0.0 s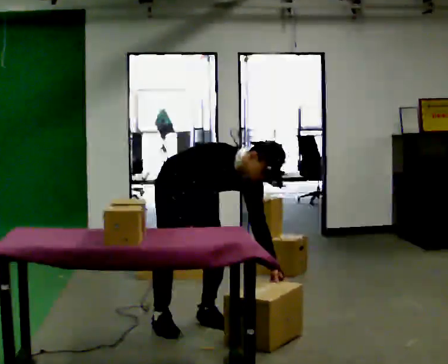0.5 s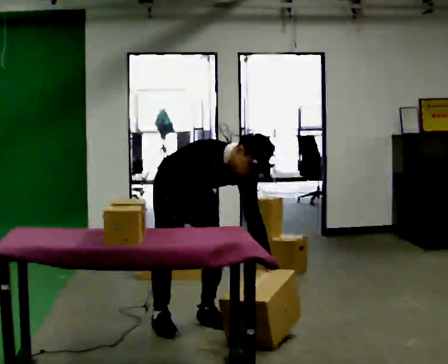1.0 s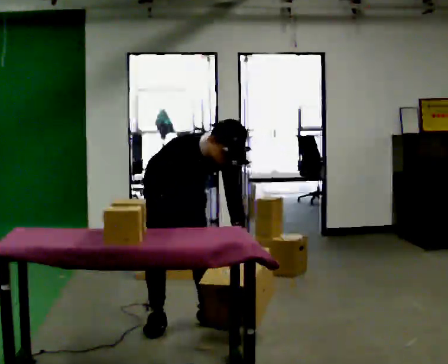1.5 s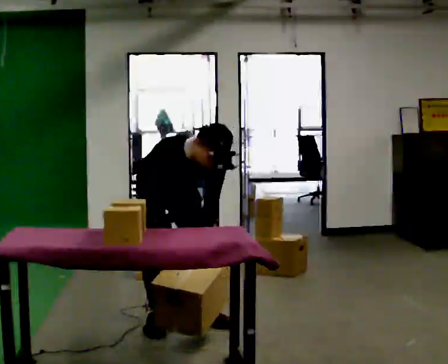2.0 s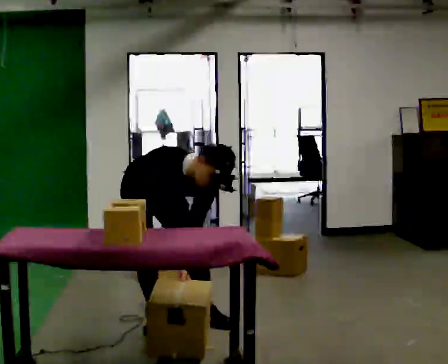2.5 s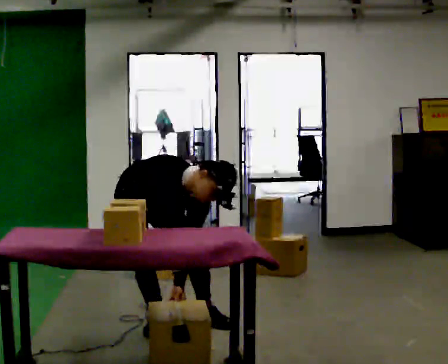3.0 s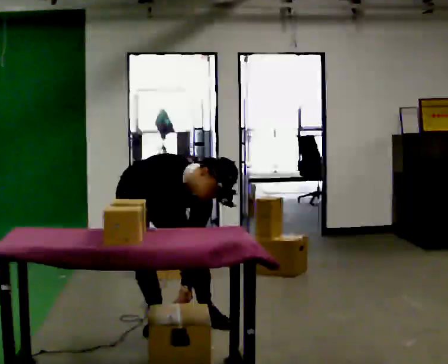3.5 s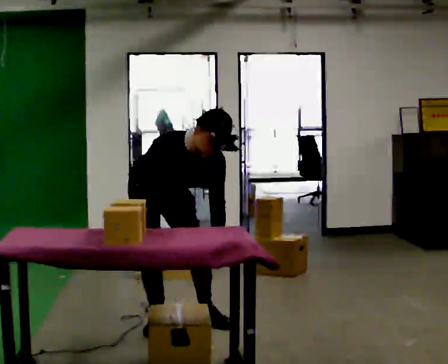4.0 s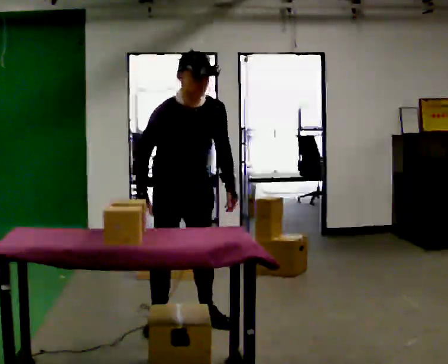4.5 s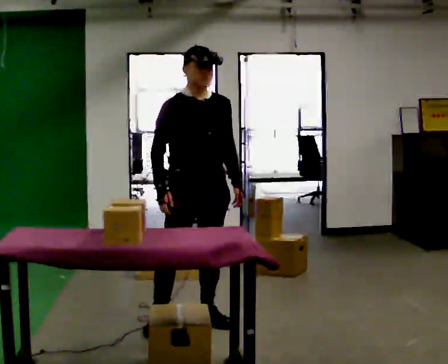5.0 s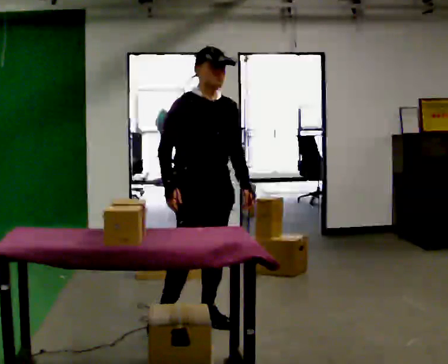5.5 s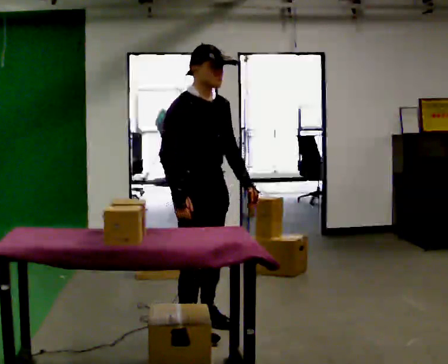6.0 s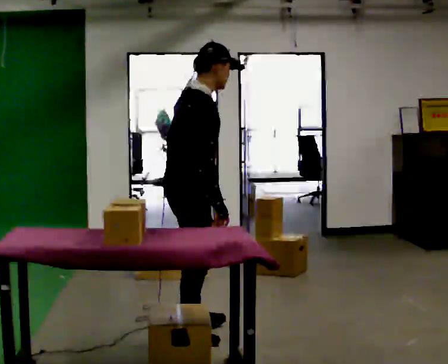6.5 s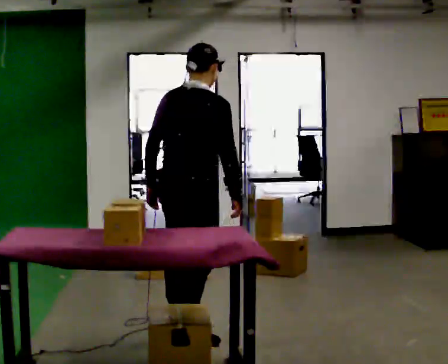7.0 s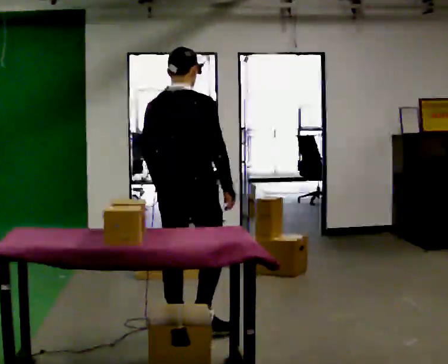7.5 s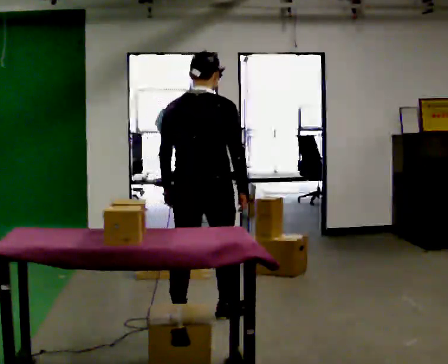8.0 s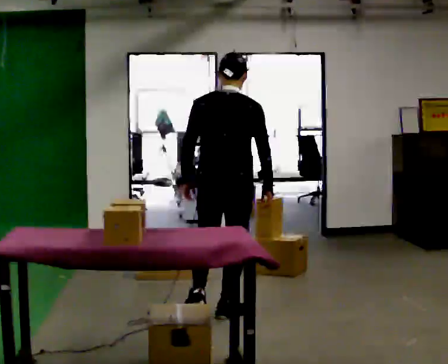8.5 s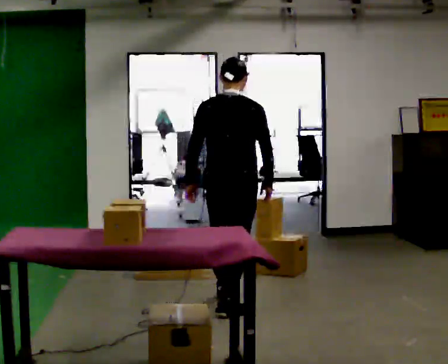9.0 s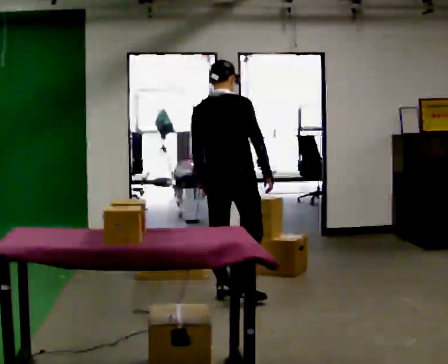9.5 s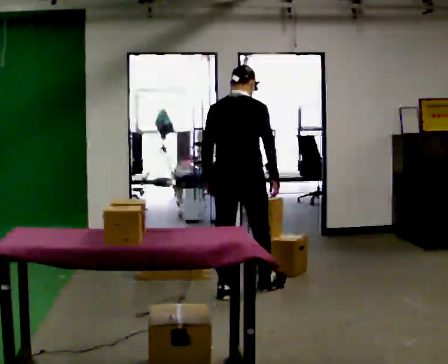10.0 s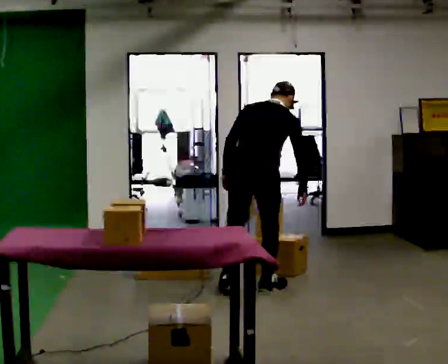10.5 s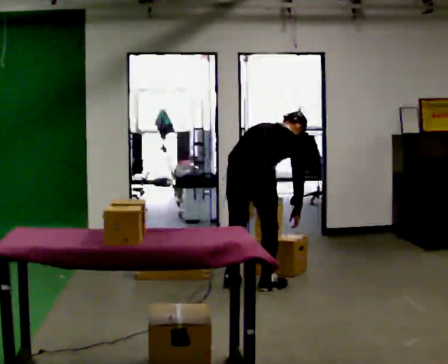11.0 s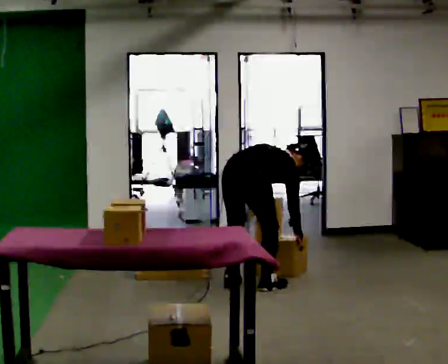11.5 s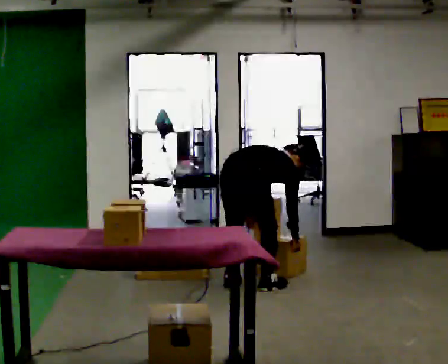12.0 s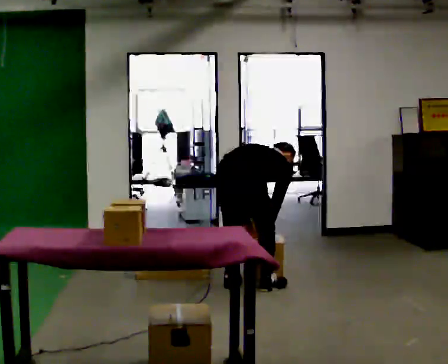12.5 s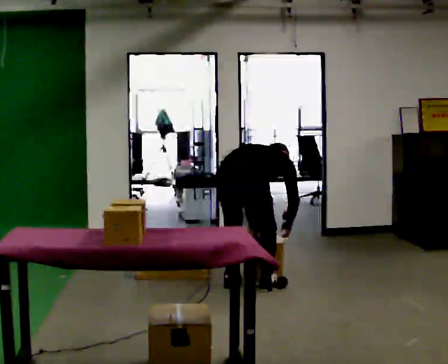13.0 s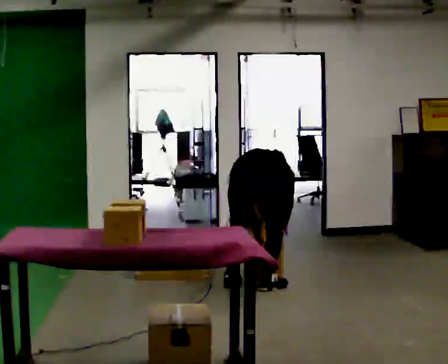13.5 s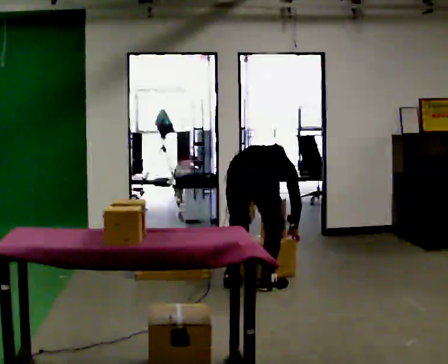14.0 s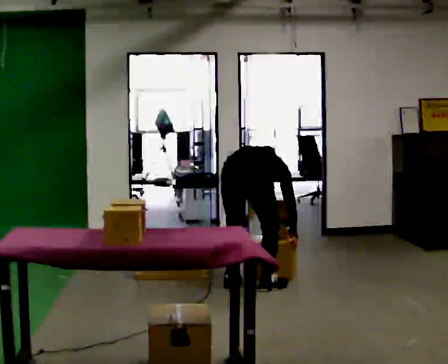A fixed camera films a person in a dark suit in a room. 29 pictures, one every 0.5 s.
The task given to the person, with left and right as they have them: 1. Take everything out of the crates by the door. 2. Put the small items on the middle shelf. 3. Put the large items on the bottom shelf. 4. Stack the empty crates by the door. 5. Tell the operator when you are finished.
0.0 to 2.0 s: In the picture they go to the left, about 0.25 m, which for them is to their right. In the picture their left hand goes to the left.
2.0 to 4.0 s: In the picture they go to the right, about 0.25 m, which for them is forward and to their left. The shoulders move upward. The upper body tips away from the camera, its near side rolling upward, as they lean back or straighten. In the picture their left hand goes upward.
4.0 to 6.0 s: The part of the body nearest the lens slides to the right as the person turns to their left by about 75 degrees. In the picture they go toward the camera, about 0.25 m in 1 step.
6.0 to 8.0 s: Seen from above the body turns counterclockwise, about 60 degrees: to their left, with its near side sliding to the right. In the picture they go away from the camera and to the right, about 0.5 m in 2 steps.
8.0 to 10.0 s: In the picture they go away from the camera, about 0.75 m in 2 steps, which for them is forward. The upper body tips away from the camera, its near side rolling upward, as they bend forward.
10.0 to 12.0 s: The upper body goes downward. The upper body tips away from the camera, its near side rolling upward, as they bend forward. In the picture their right hand goes downward.
12.0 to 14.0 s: The person moves a little, or ends about where they began.
The film runs forward here.
